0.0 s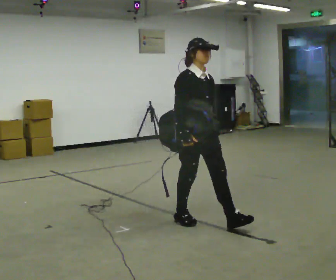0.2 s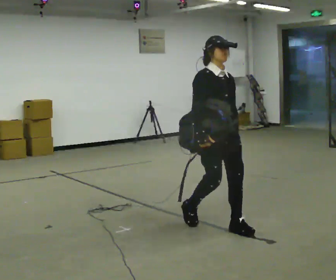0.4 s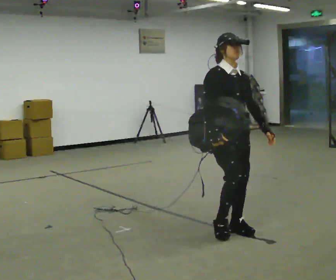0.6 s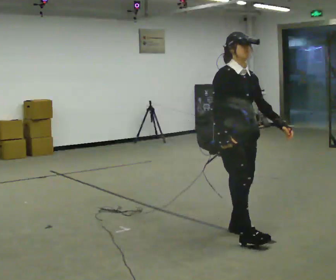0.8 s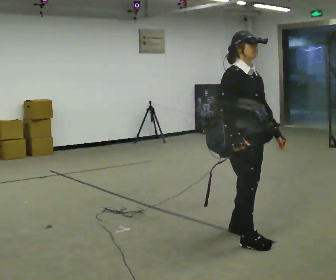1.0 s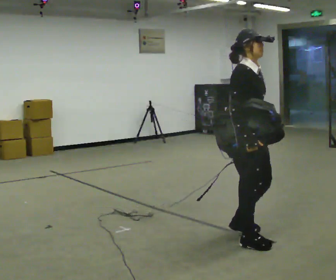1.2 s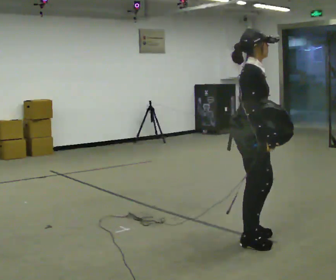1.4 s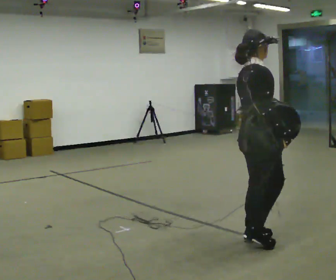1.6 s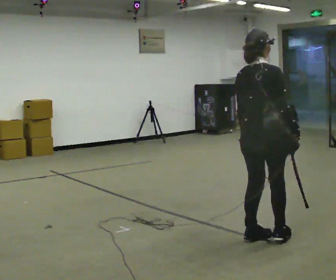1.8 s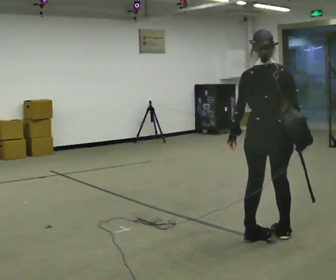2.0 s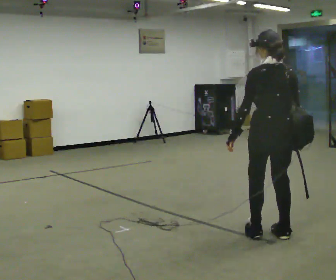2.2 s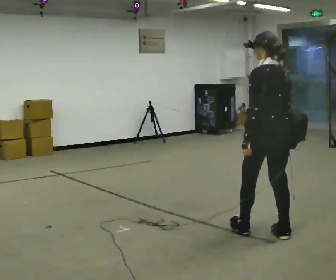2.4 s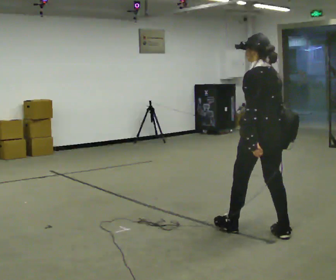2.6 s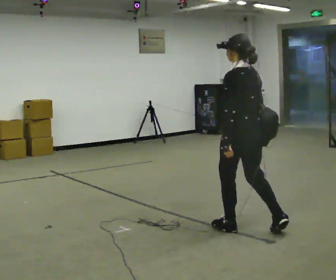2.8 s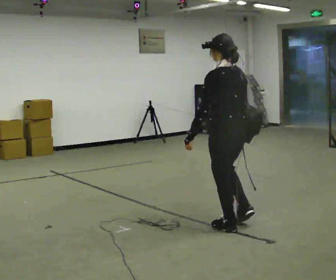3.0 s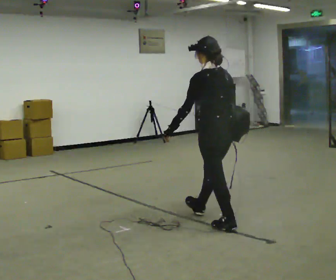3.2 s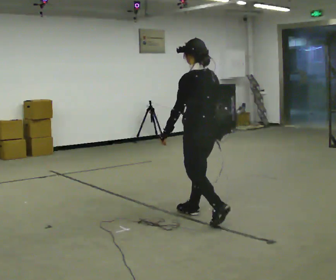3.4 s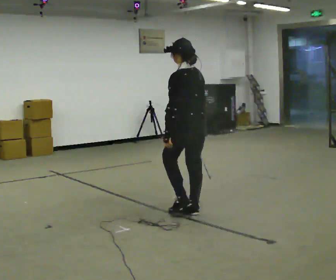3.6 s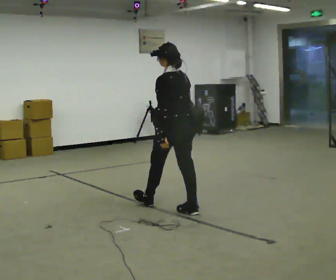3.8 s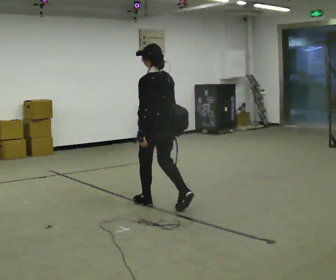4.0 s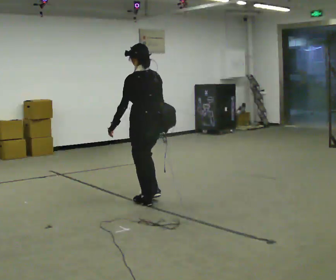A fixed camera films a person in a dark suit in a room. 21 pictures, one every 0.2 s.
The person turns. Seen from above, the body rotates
counterclockwise.
The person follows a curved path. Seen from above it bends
counterclockwise.
0.0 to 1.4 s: The person turns about 75 degrees to their left, counterclockwise seen from above, so the part of the body nearest the lens slides to the right. In the picture they go to the right and toward the camera, about 0.5 m in 3 steps.
1.4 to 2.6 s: The person turns about 105 degrees to their left, counterclockwise seen from above, so the part of the body nearest the lens slides to the right. In the picture they go away from the camera, about 0.25 m in 2 steps.
2.6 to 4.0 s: In the picture they go to the left and away from the camera, about 1 m in 2 steps, which for them is forward.
The film runs forward here.
